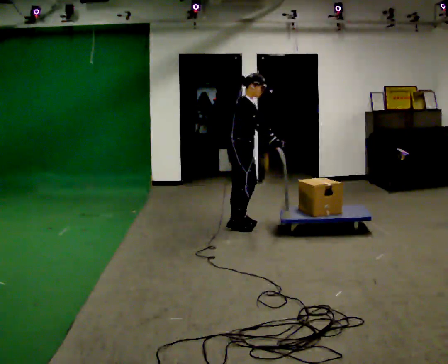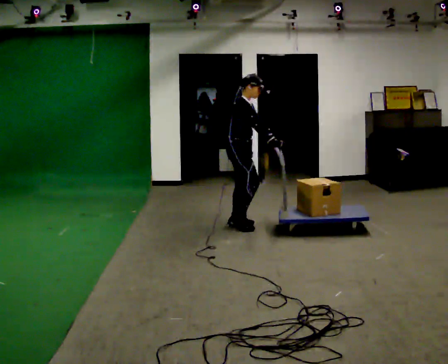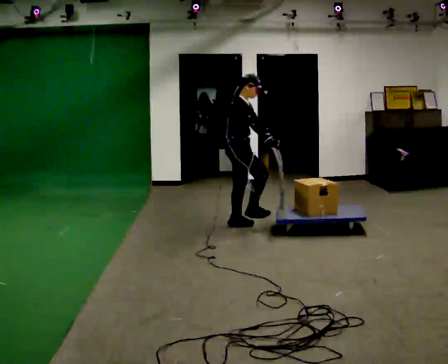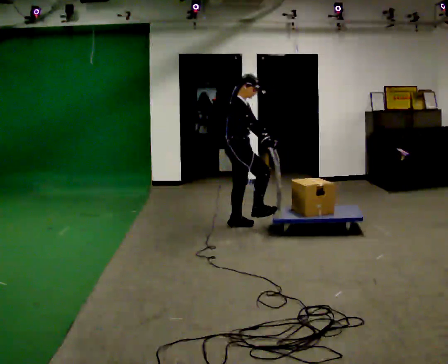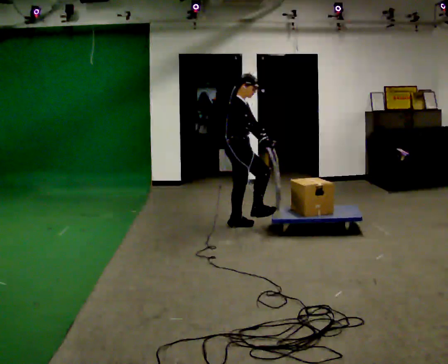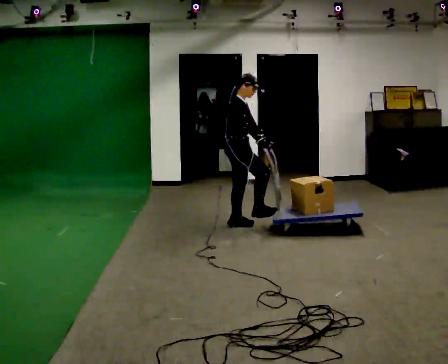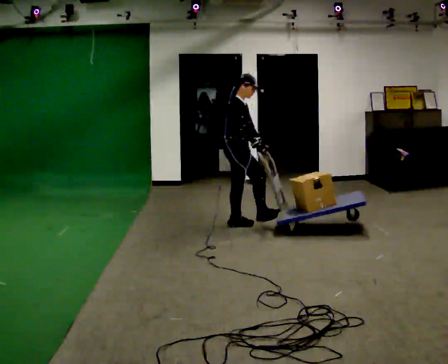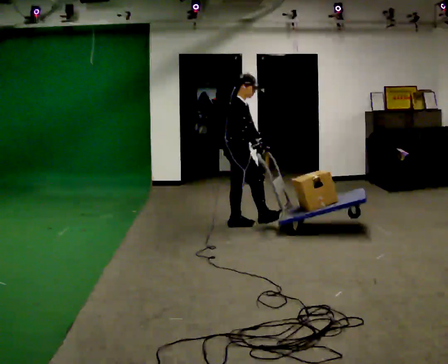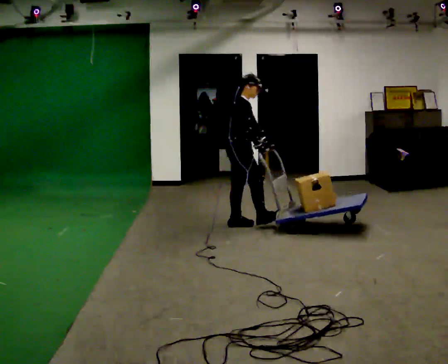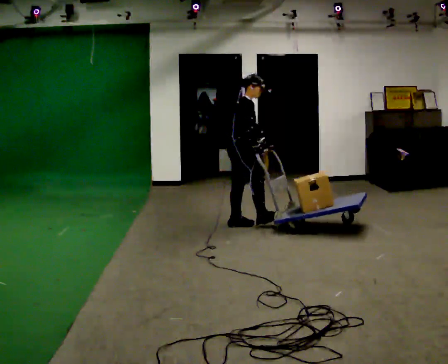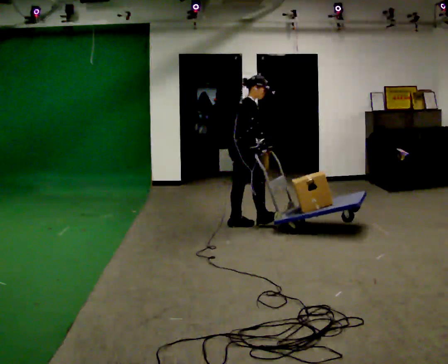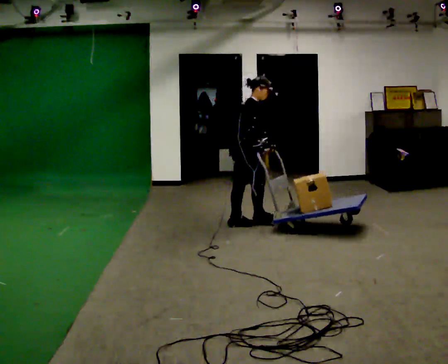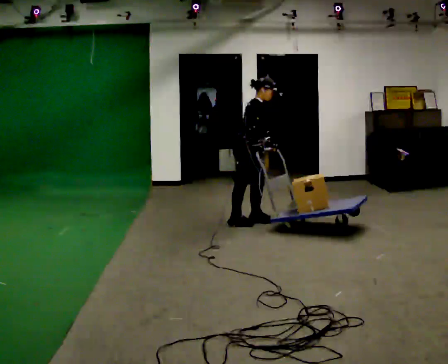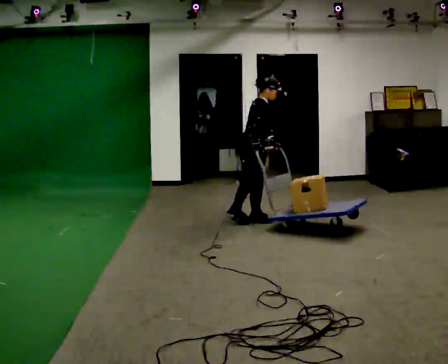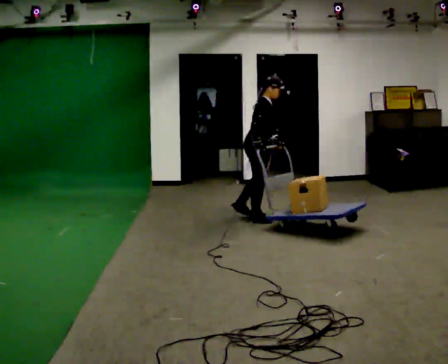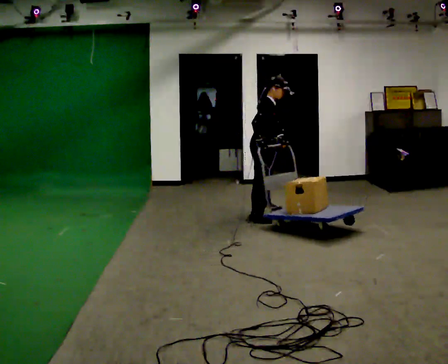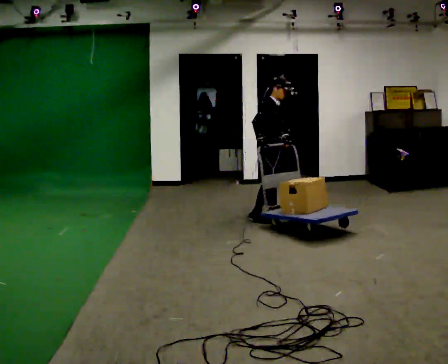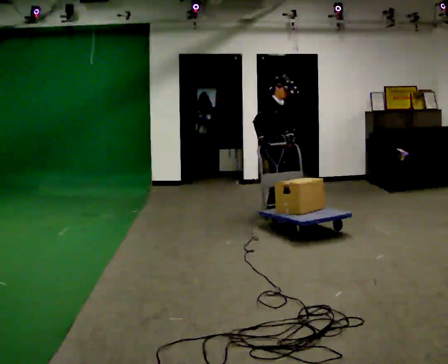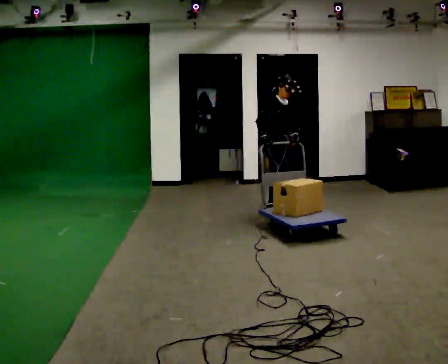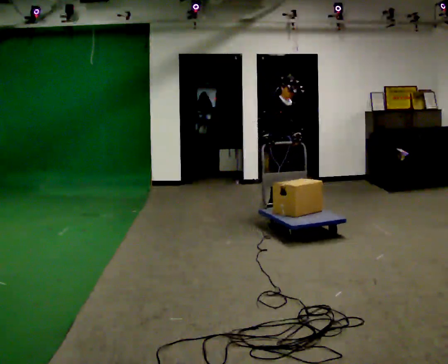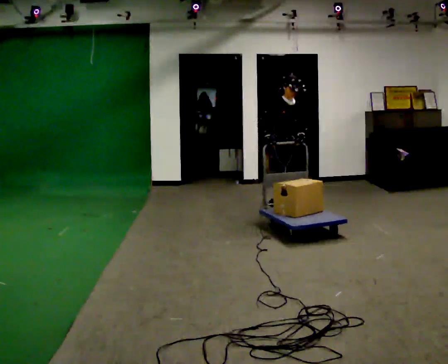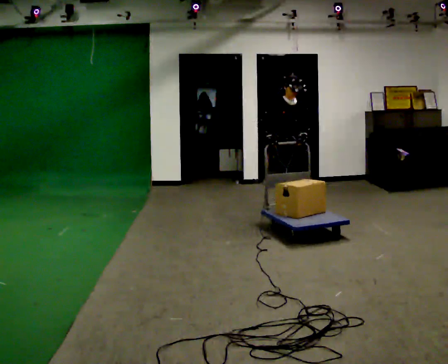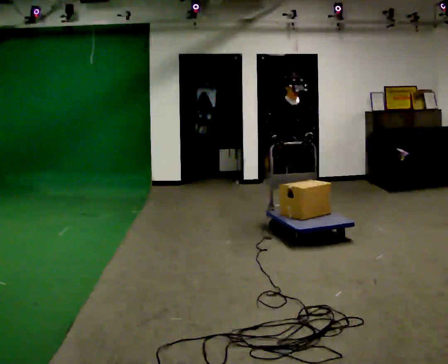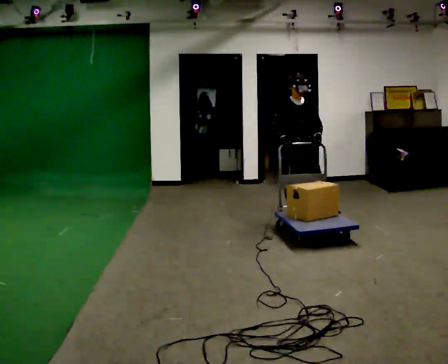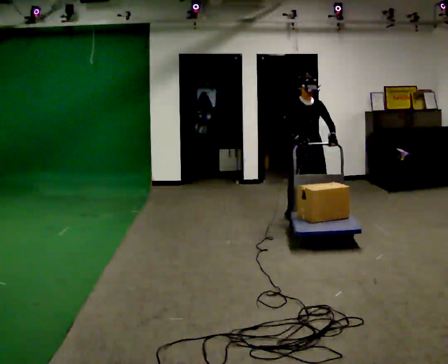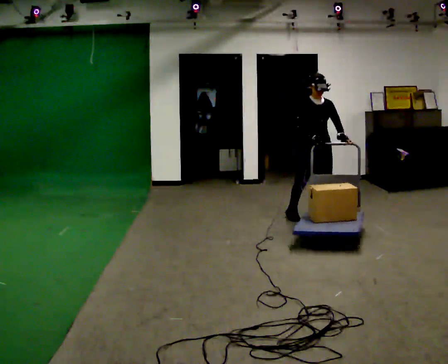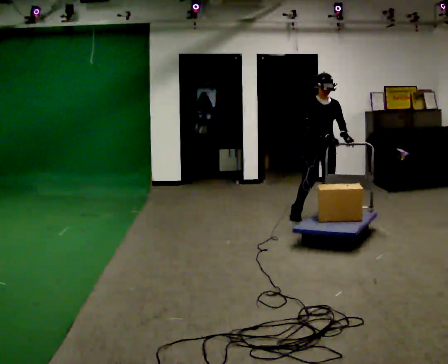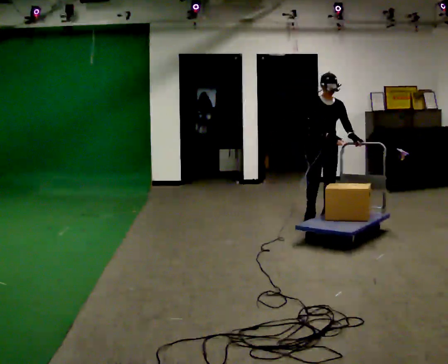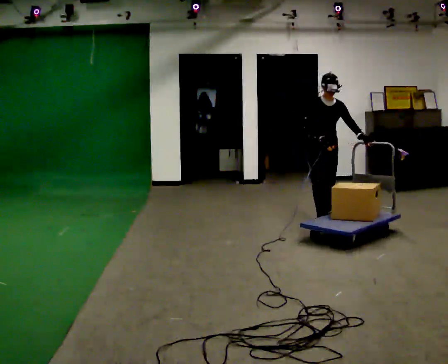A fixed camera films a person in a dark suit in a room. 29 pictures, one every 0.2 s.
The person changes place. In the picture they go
to the right.
The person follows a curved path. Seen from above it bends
clockwise.
0.0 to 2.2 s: The person moves a little, or ends about where they began.
2.2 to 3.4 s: The person turns about 45 degrees to their right, clockwise seen from above, so the part of the body nearest the lens slides to the left. In the picture they go away from the camera and to the right, about 0.5 m in 2 steps, which for them is forward and to their left.
3.4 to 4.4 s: The person turns about 45 degrees to their right, clockwise seen from above, so the part of the body nearest the lens slides to the left. In the picture they go to the right, about 0.25 m in 1 step, which for them is forward.
4.4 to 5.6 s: In the picture they go to the right and toward the camera, about 0.25 m in 2 steps, which for them is forward and to their left.
The film runs forward here.
